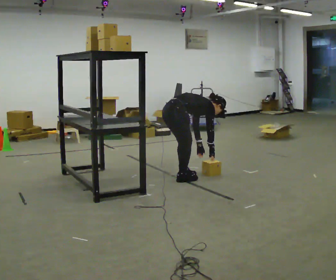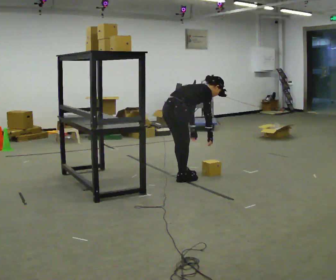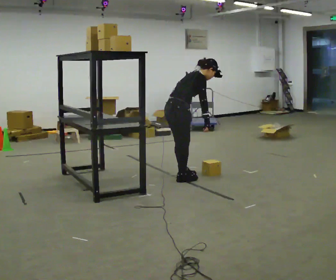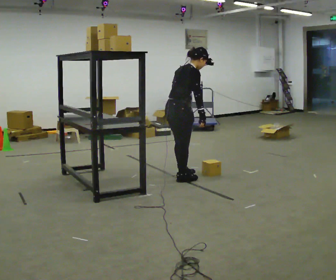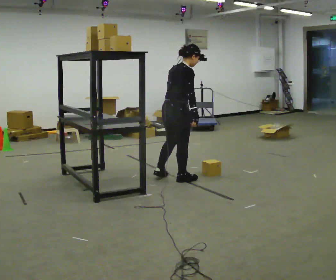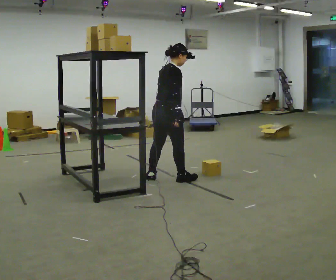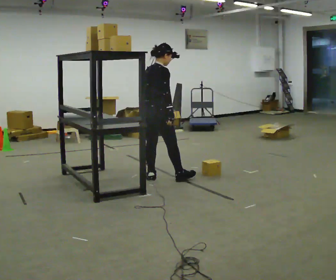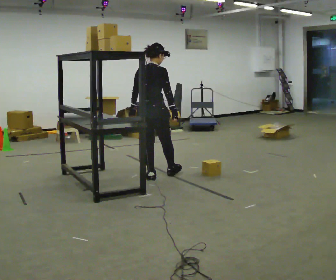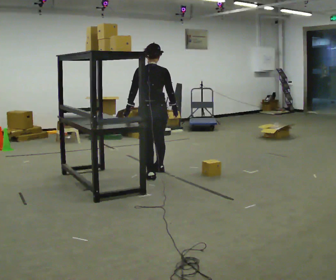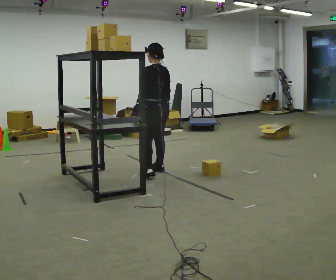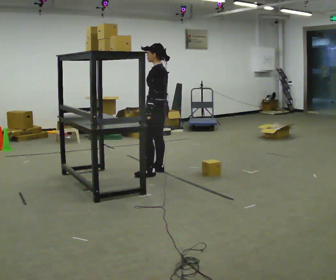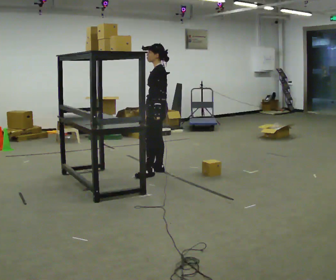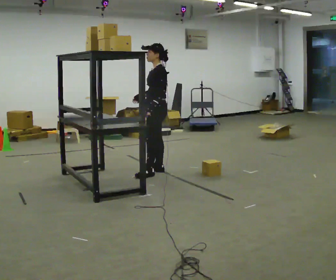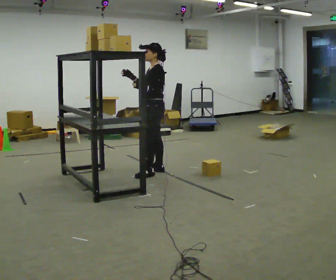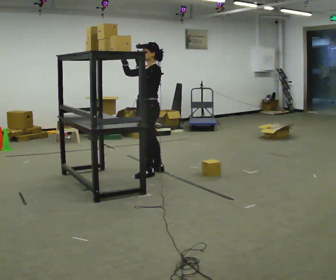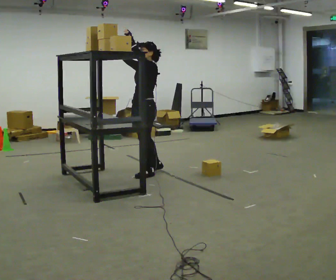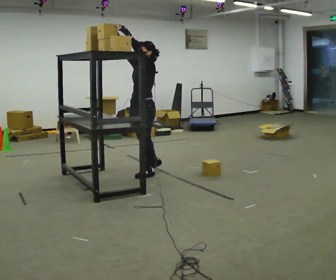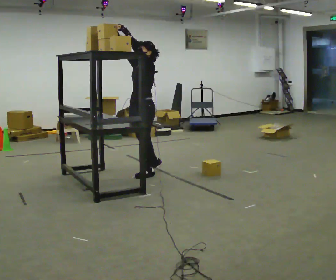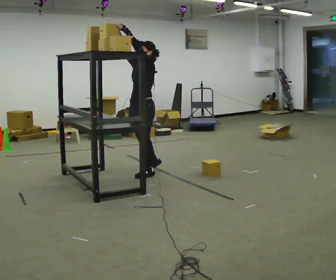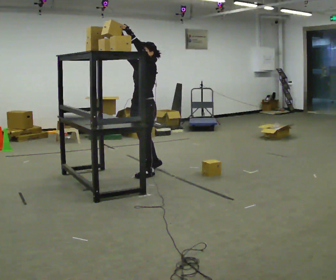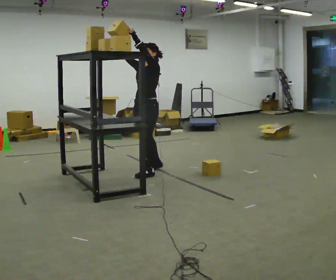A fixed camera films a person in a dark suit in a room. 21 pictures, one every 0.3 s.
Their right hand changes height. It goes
upward.
Their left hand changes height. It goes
upward.
0.0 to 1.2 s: The upper body goes upward. In the picture the upper body tilts counterclockwise, shoulders to the left, as they lean back or straighten. In the picture their right hand goes upward.
1.2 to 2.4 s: The person turns about 60 degrees to their left, counterclockwise seen from above, so the part of the body nearest the lens slides to the right. In the picture they go to the left and away from the camera, about 0.25 m in 1 step.
2.4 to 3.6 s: Seen from above the body turns counterclockwise, about 90 degrees: to their left, with its near side sliding to the right. In the picture they go away from the camera, about 0.25 m in 1 step.
3.6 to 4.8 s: In the picture they go toward the camera and to the left, about 0.25 m, which for them is forward and to their left. In the picture their right hand goes upward, the arm swinging clockwise.
4.8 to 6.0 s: The person moves a little, or ends about where they began.
The film runs backward here.
